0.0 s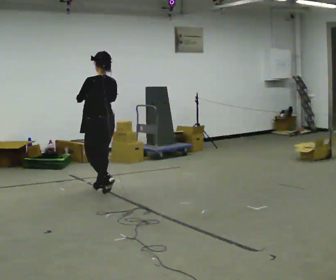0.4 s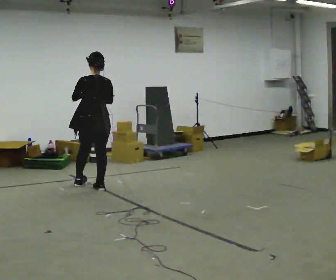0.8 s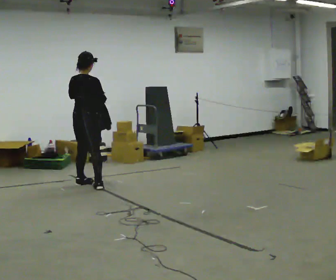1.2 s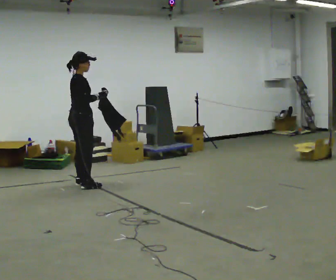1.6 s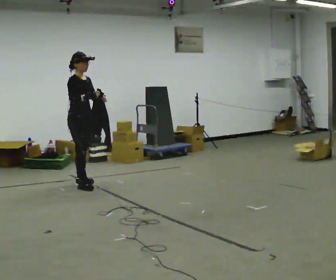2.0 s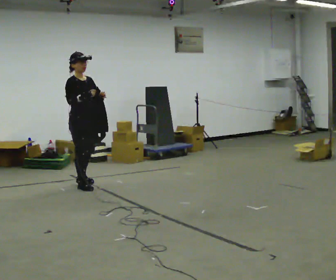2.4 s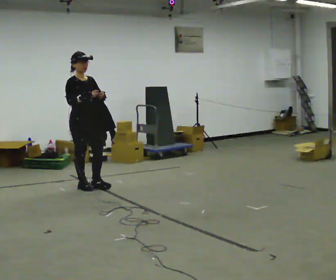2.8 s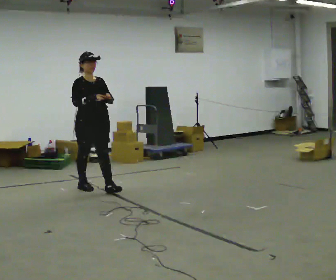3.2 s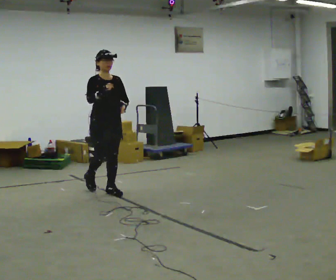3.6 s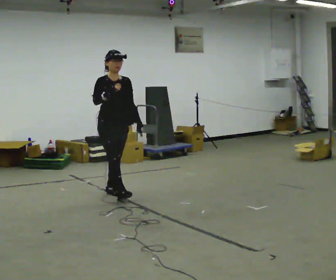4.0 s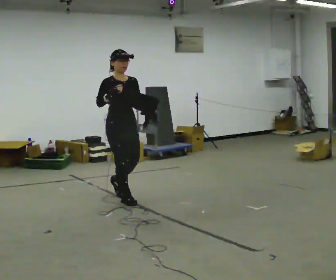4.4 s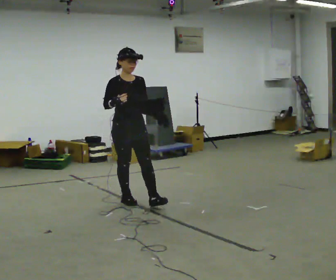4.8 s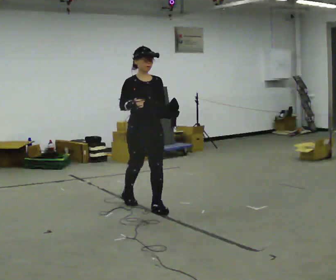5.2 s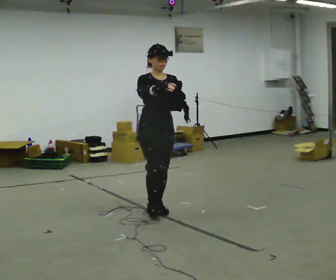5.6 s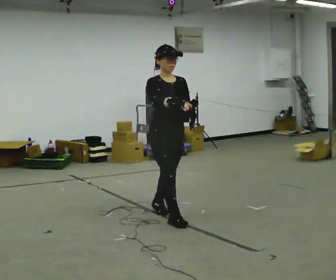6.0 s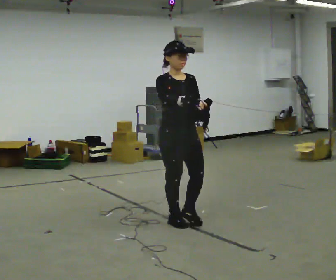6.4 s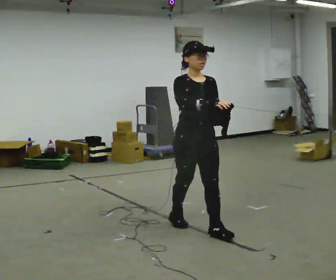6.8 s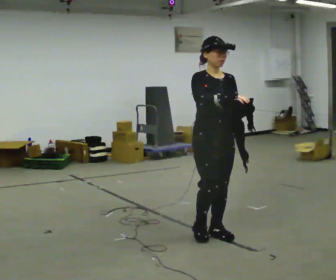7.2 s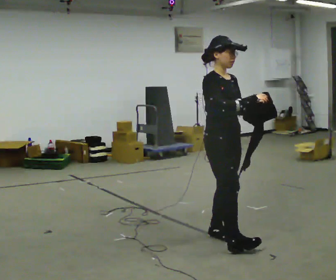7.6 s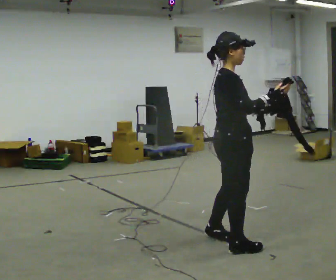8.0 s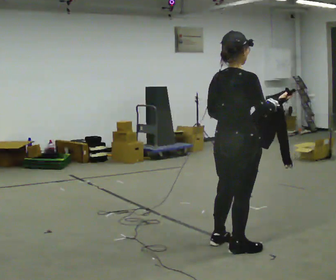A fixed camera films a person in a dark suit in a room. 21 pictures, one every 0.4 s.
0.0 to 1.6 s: Seen from above the body turns clockwise, about 150 degrees: to their right, with its near side sliding to the left. In the picture they go to the left and away from the camera, about 0.5 m in 2 steps.
1.6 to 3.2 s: The part of the body nearest the lens slides to the left as the person turns to their right by about 45 degrees. In the picture they go to the right and toward the camera, about 0.5 m in 1 step, which for them is forward.
3.2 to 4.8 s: In the picture they go toward the camera and to the right, about 1 m in 2 steps, which for them is forward.
4.8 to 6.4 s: In the picture they go toward the camera and to the right, about 1 m in 2 steps, which for them is forward.
6.4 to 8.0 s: Seen from above the body turns counterclockwise, about 120 degrees: to their left, with its near side sliding to the right. In the picture they go toward the camera and to the right, about 0.5 m in 2 steps.
The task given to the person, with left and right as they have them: Carry the cloth and, while walking, fold it in half, then unfold it. Keep repeating as you walk. Do not stop.
The film runs forward here.
